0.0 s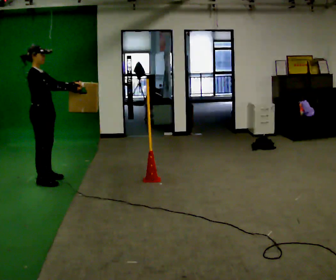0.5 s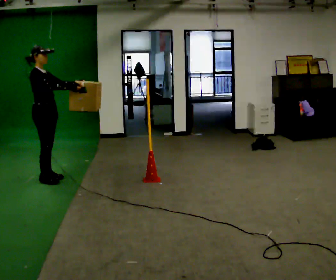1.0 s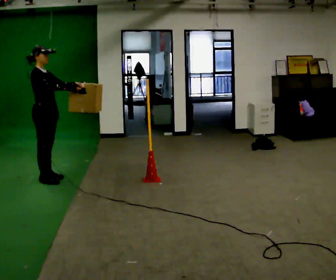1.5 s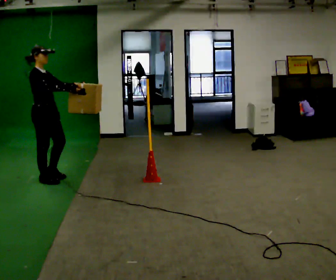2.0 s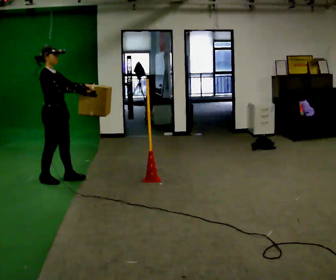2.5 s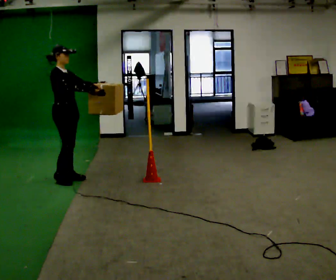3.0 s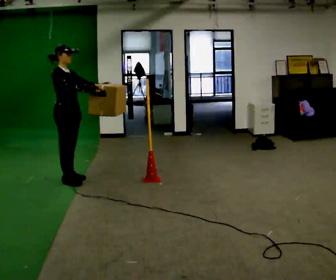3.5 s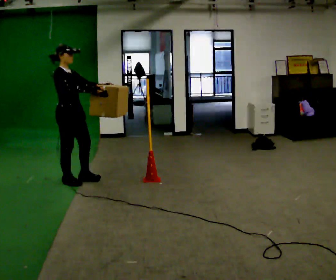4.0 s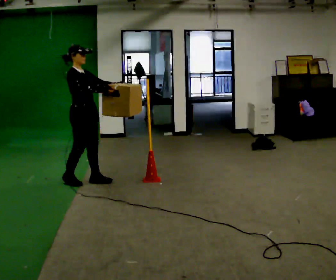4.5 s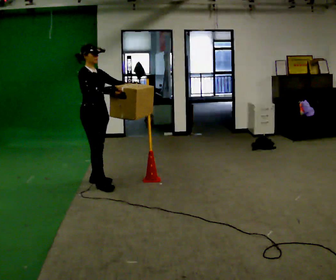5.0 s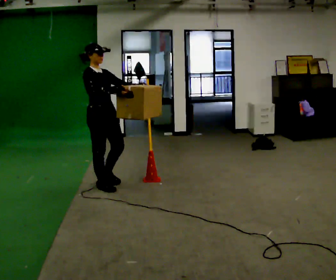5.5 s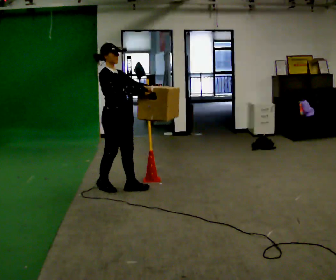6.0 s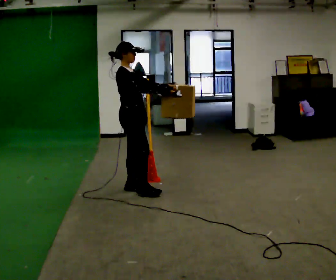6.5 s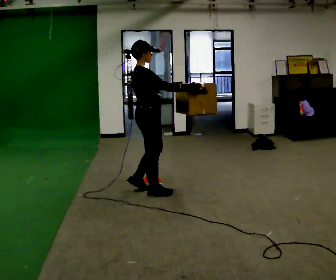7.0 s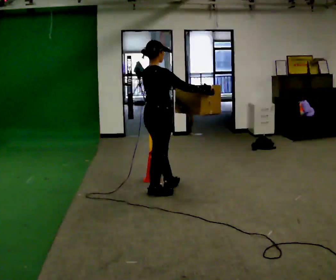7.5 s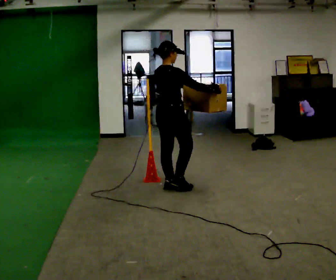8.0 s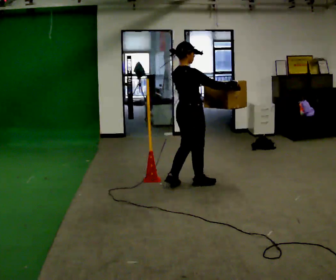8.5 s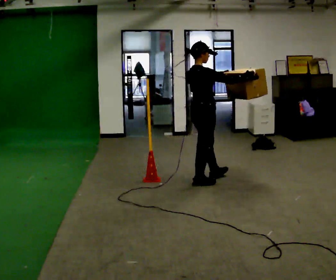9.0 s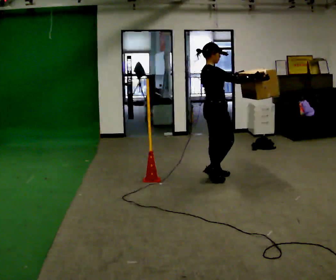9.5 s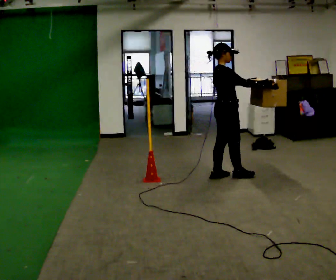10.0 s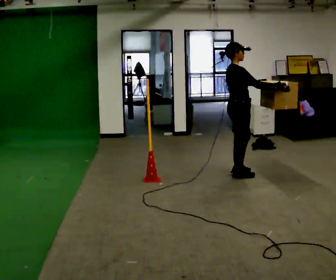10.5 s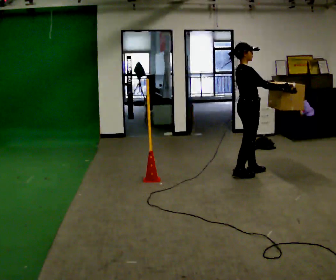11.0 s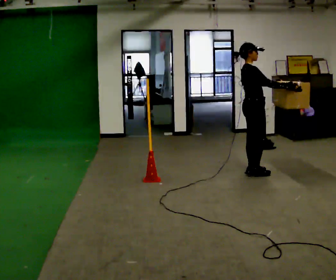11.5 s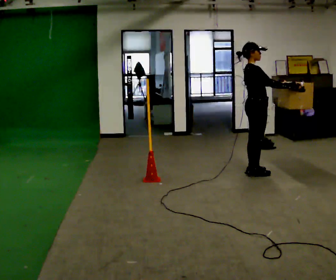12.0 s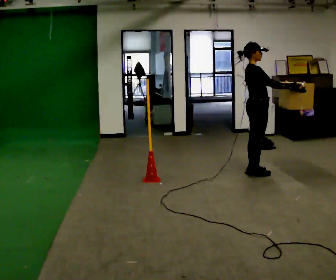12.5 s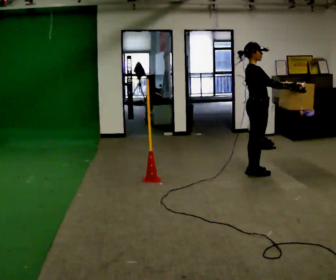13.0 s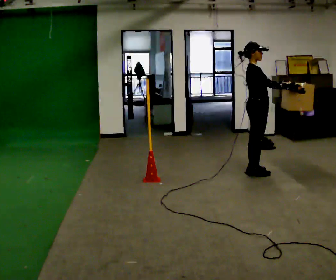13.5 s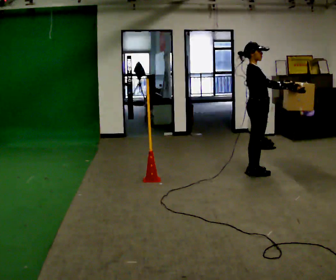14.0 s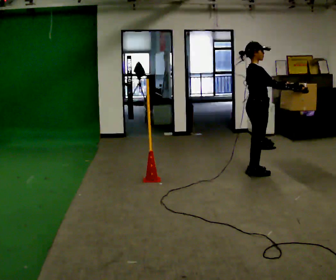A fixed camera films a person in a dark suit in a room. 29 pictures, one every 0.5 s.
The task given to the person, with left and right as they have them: Carry the box across the room. The operator will step into your path partway across, so go around them and carry on. Keep going until the operator says stop; one object at a time, and do not rush between trips.
0.0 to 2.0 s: The person moves a little, or ends about where they began.
2.0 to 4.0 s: In the picture they go to the right, about 0.25 m in 2 steps, which for them is forward.
4.0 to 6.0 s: In the picture they go to the right and toward the camera, about 0.5 m in 2 steps, which for them is forward.
6.0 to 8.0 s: The person turns about 45 degrees to their left, counterclockwise seen from above, so the part of the body nearest the lens slides to the right. In the picture they go to the right, about 0.75 m in 3 steps, which for them is forward and to their right.
8.0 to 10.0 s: In the picture they go to the right, about 0.5 m in 2 steps, which for them is forward.
10.0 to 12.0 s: In the picture they go to the right, about 0.25 m in 2 steps, which for them is forward.
12.0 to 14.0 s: The person moves a little, or ends about where they began.
The film runs forward here.
